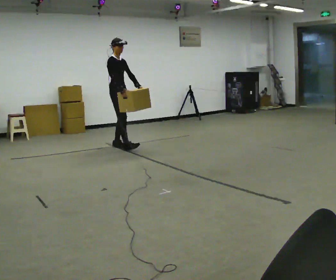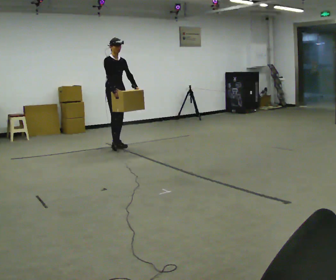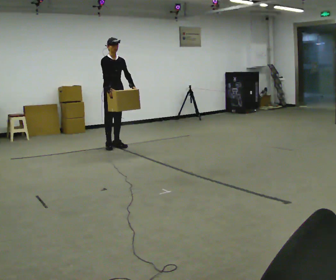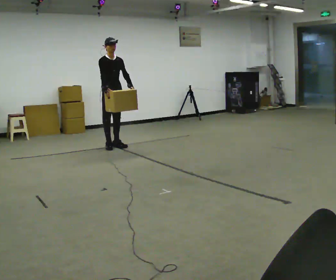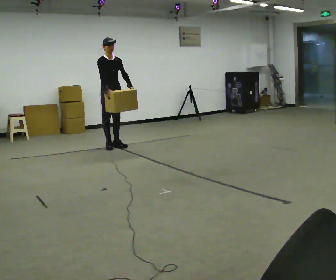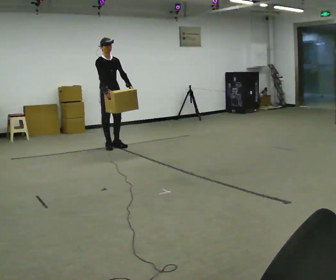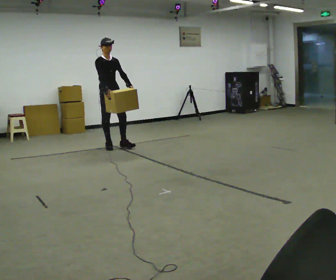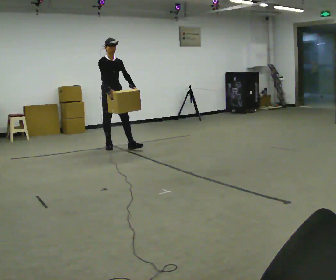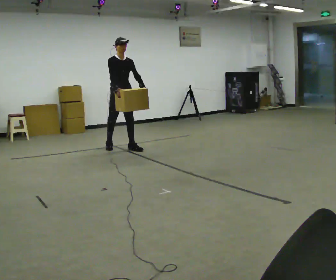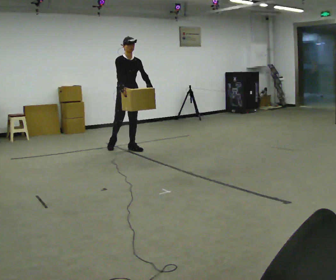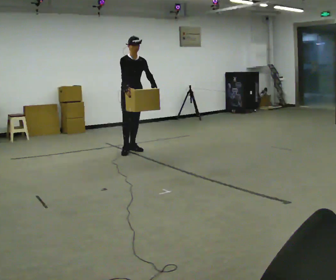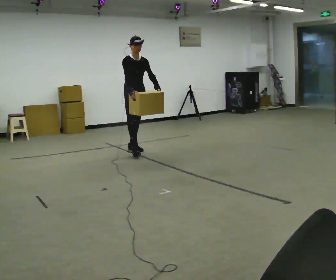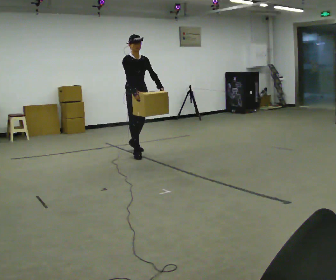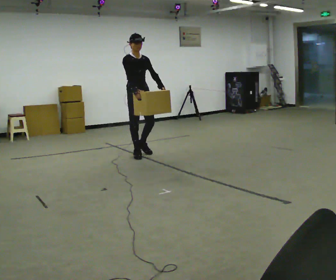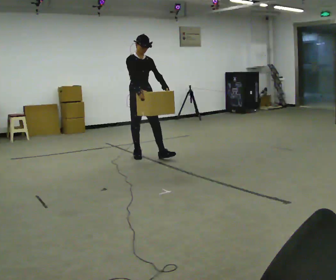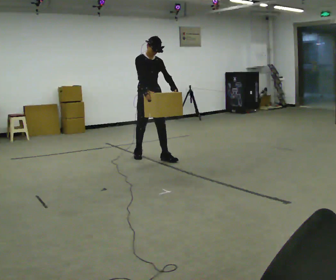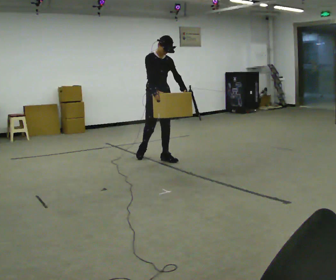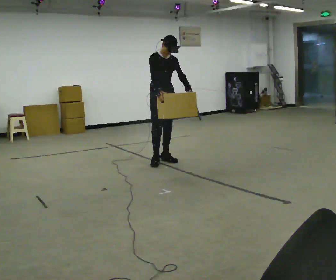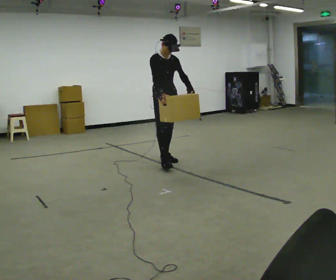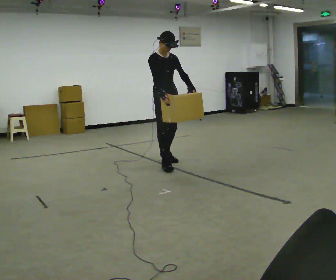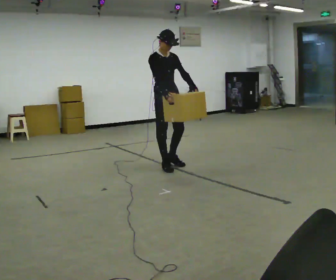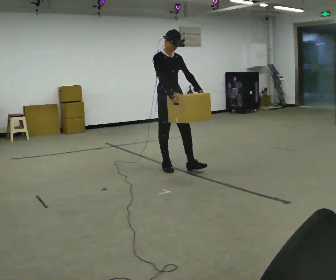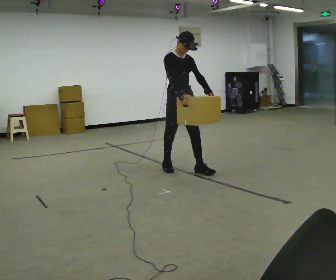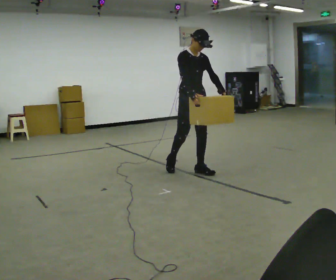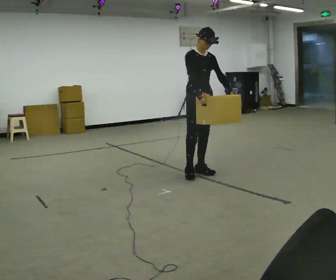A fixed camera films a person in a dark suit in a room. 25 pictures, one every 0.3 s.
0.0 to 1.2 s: The person moves a little, or ends about where they began.
1.2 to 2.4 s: In the picture they go to the right and toward the camera, about 0.25 m in 1 step, which for them is forward.
2.4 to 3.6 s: In the picture they go toward the camera and to the right, about 0.5 m in 1 step, which for them is forward.
3.6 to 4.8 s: In the picture they go toward the camera and to the right, about 0.5 m in 1 step, which for them is forward.
4.8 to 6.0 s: In the picture they go toward the camera, about 0.5 m in 1 step, which for them is forward.
6.0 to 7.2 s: In the picture they go to the right and toward the camera, about 0.5 m in 1 step, which for them is forward and to their left.
The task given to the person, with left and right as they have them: Carry the box across the room, back and forth. The operator will swap between the box with handles and the one without.
The film runs forward here.
